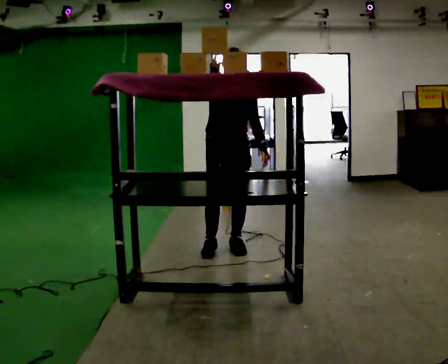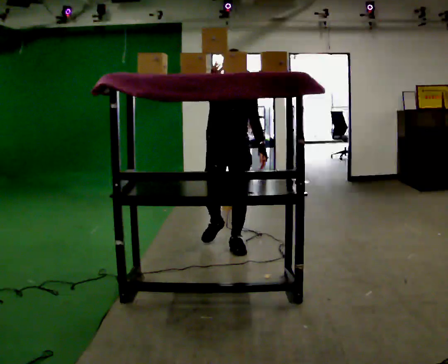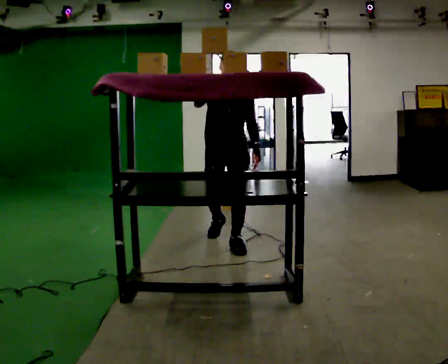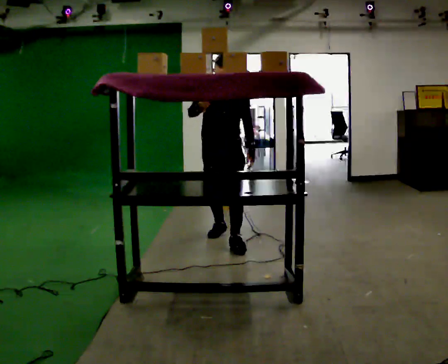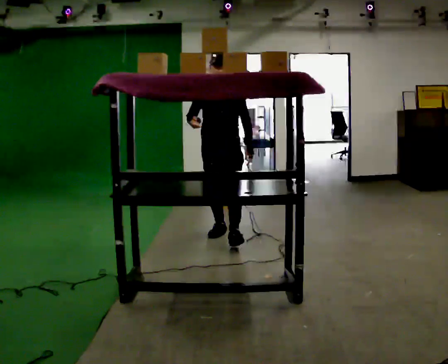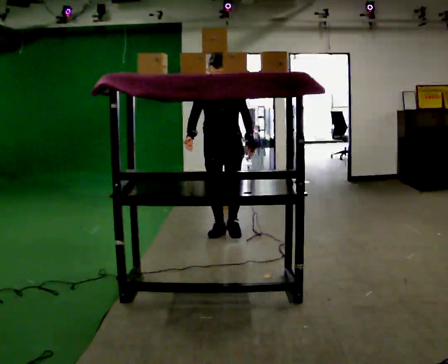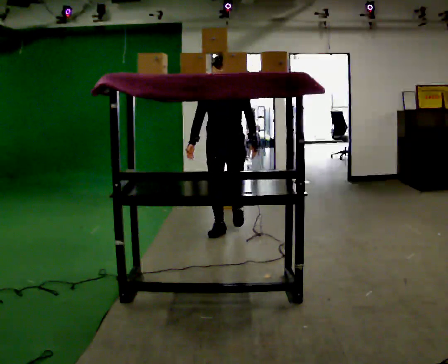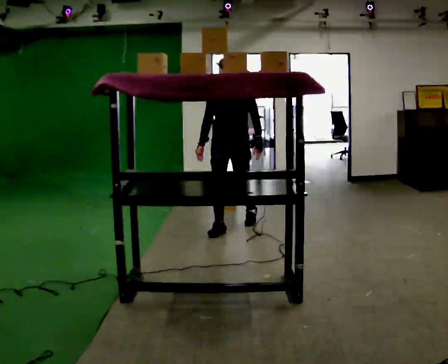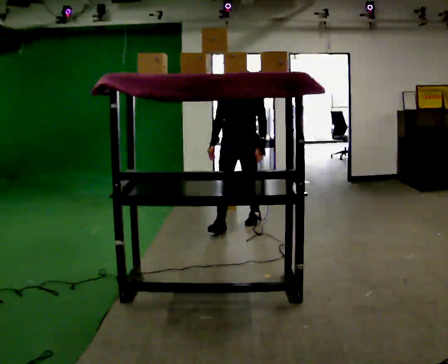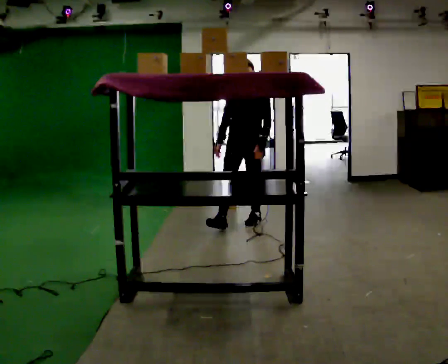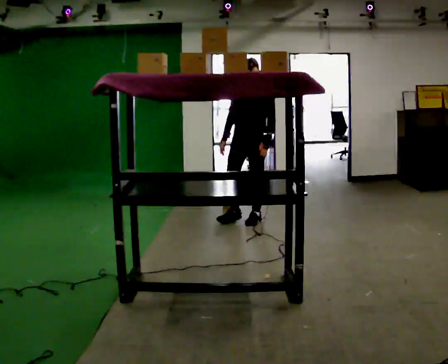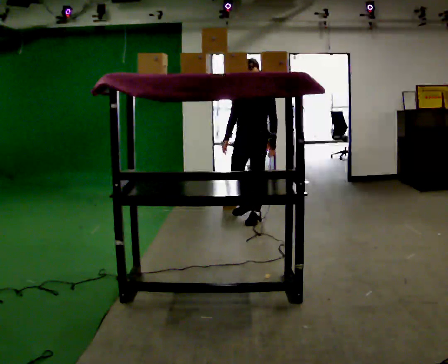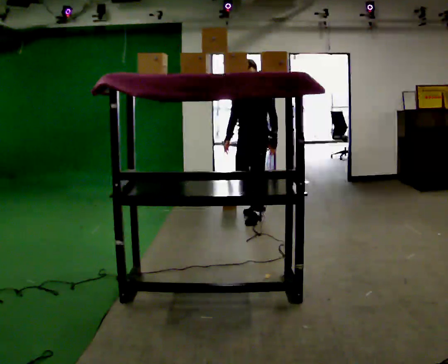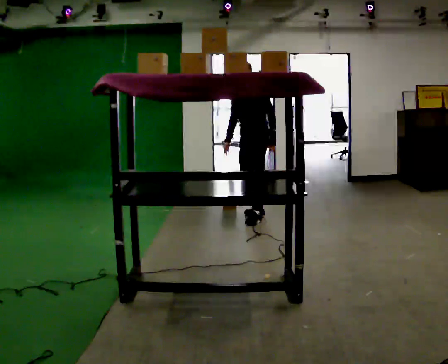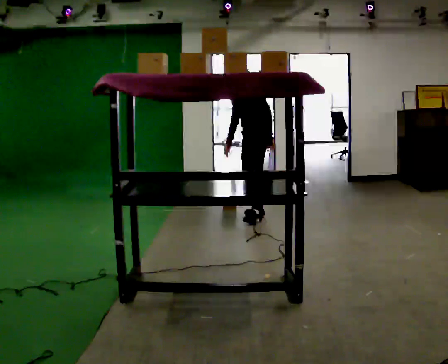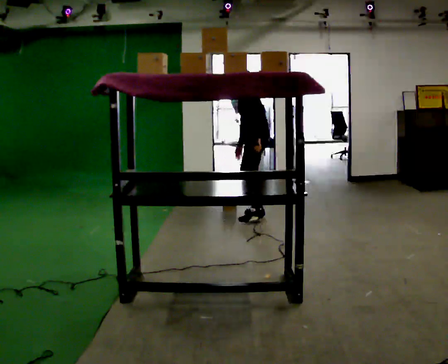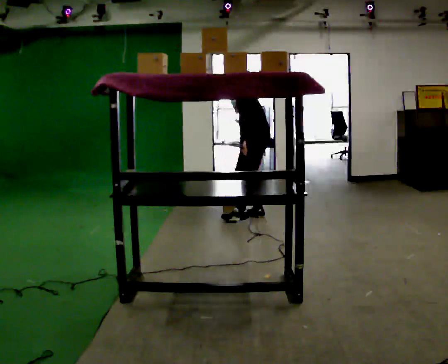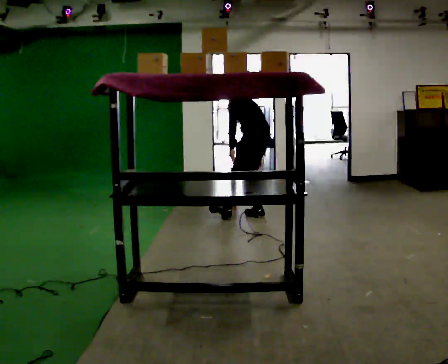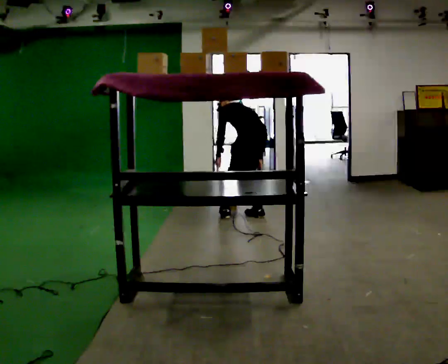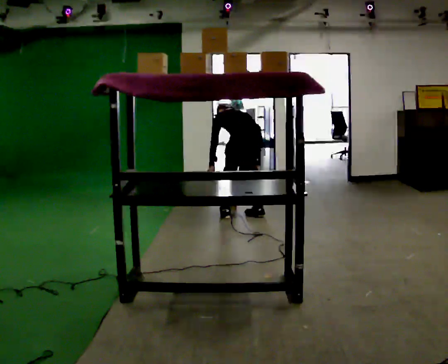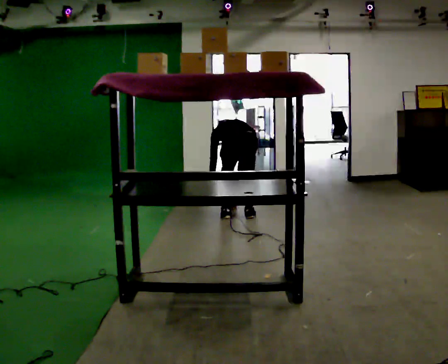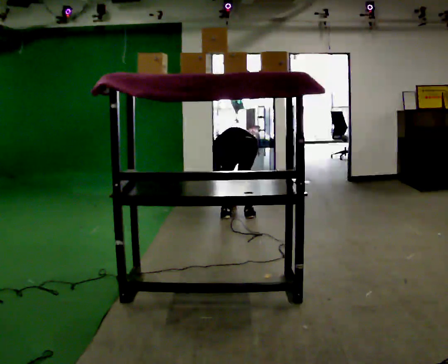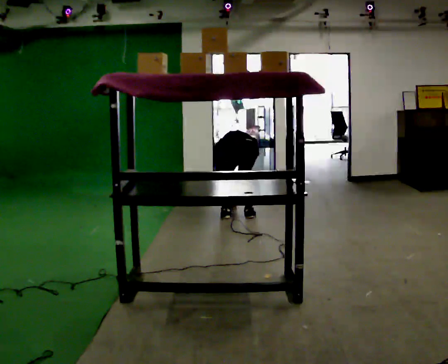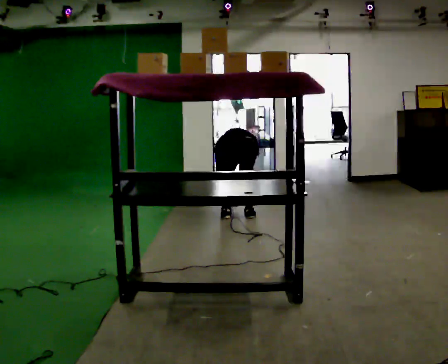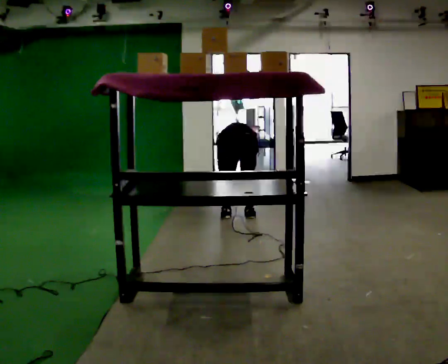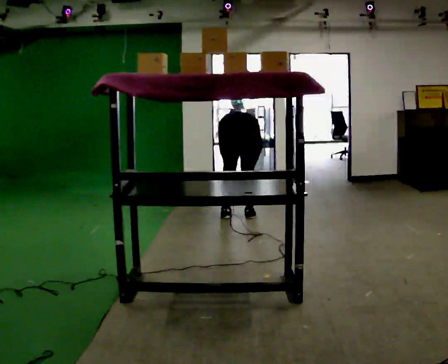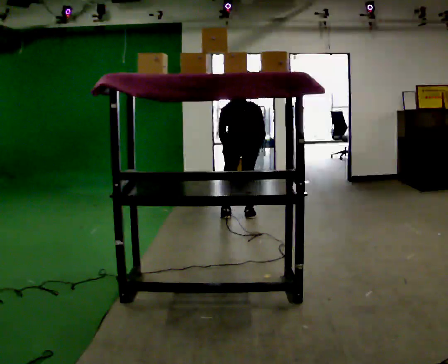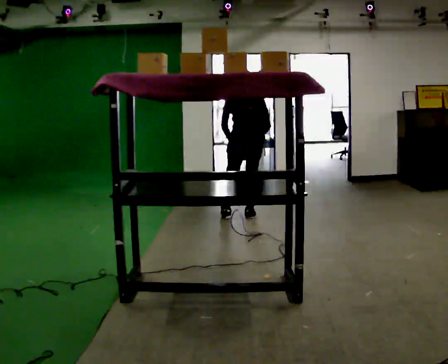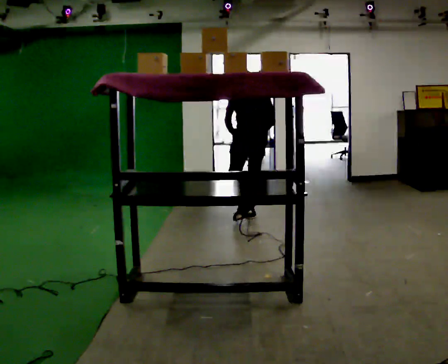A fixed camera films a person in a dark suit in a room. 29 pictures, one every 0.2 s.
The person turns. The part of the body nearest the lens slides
to the left.
The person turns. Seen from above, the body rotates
clockwise.
0.0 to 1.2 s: Seen from above the body turns clockwise, about 30 degrees: to their right, with its near side sliding to the left. In the picture they go away from the camera, about 0.5 m in 1 step, which for them is backward. In the picture their right hand goes downward.
1.2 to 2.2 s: In the picture they go away from the camera and to the right, about 0.5 m in 1 step, which for them is backward.
2.2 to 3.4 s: The part of the body nearest the lens slides to the left as the person turns to their right by about 90 degrees. In the picture they go away from the camera, about 0.25 m in 1 step. The upper body tips away from the camera, its near side rolling upward, as they bend forward. In the picture their right hand goes to the right, the arm swinging counterclockwise.
3.4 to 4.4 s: Seen from above the body turns clockwise, about 45 degrees: to their right, with its near side sliding to the left. In the picture they go to the left and toward the camera, about 0.25 m, which for them is to their left. The shoulders move downward. The upper body tips away from the camera, its near side rolling upward, as they bend forward. In the picture their left hand goes downward.
4.4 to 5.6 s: The upper body goes upward. The upper body tips toward the camera, its near side rolling downward, as they lean back or straighten. In the picture their left hand goes upward.
The film runs backward here.
